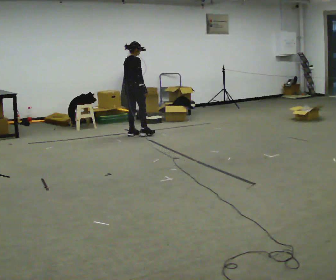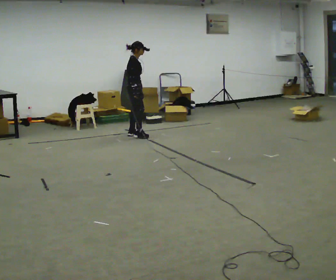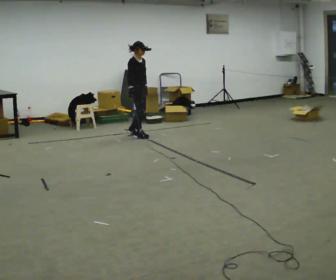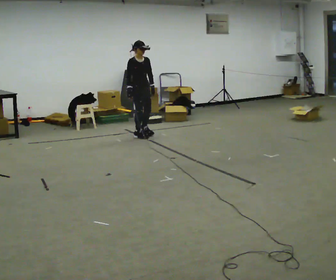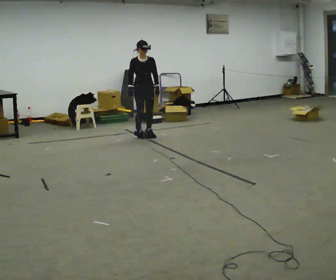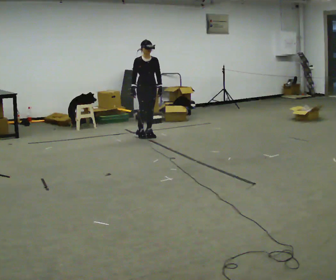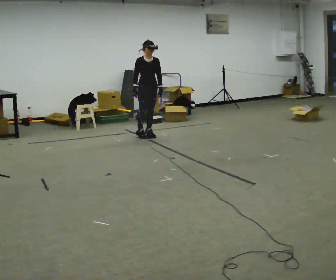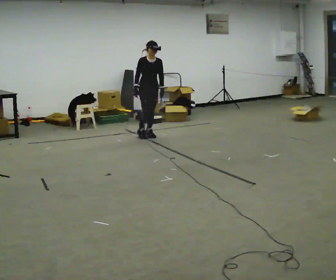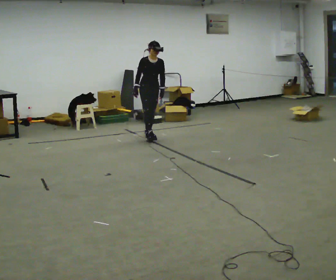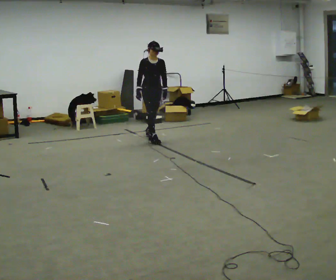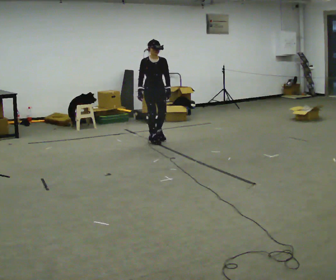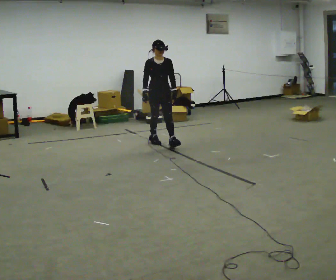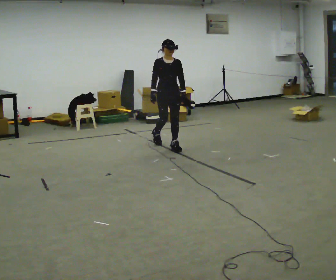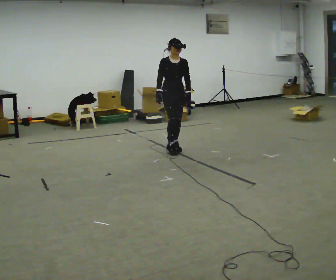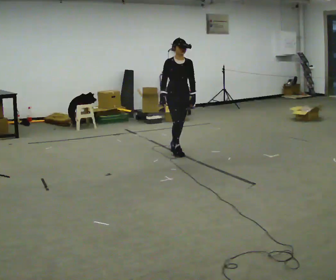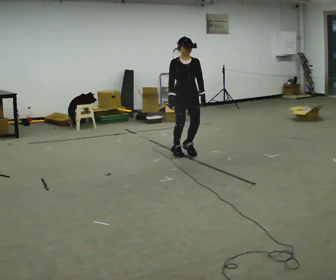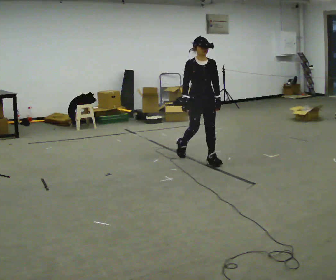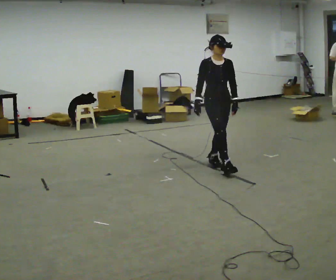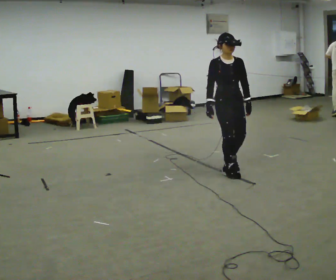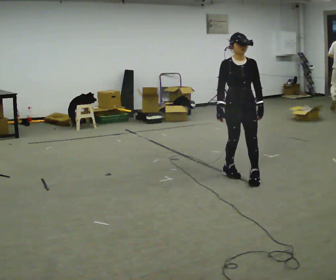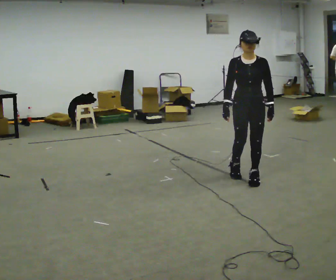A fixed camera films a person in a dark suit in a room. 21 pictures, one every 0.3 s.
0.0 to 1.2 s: The part of the body nearest the lens slides to the left as the person turns to their right by about 105 degrees. In the picture they go to the right, about 0.25 m in 2 steps.
1.2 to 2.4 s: The person moves a little, or ends about where they began.
2.4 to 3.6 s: In the picture they go toward the camera and to the right, about 0.5 m in 2 steps, which for them is forward.
3.6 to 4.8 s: In the picture they go toward the camera and to the right, about 1 m in 2 steps, which for them is forward.
4.8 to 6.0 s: The person turns about 30 degrees to their right, clockwise seen from above, so the part of the body nearest the lens slides to the left. In the picture they go toward the camera and to the right, about 1 m in 2 steps, which for them is forward.
The film runs forward here.
